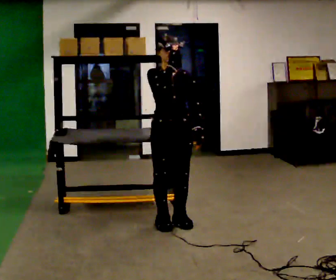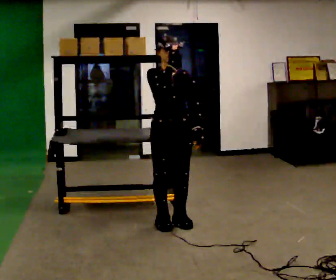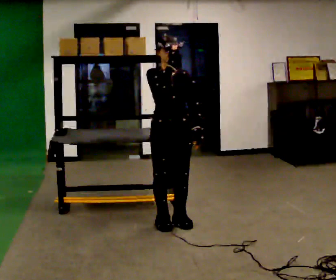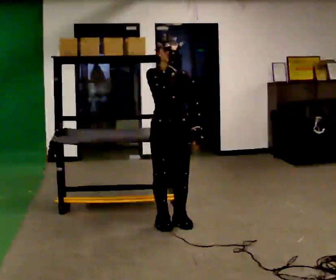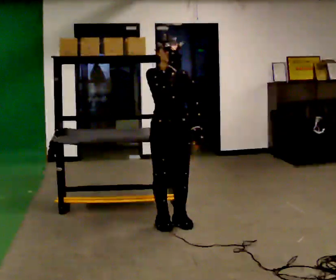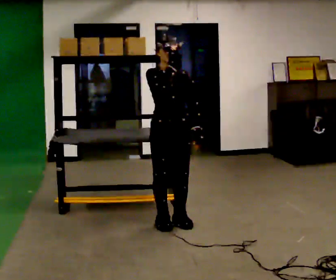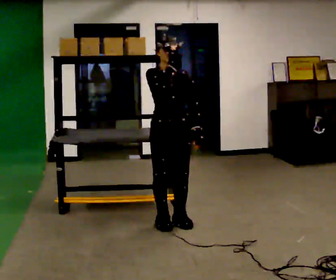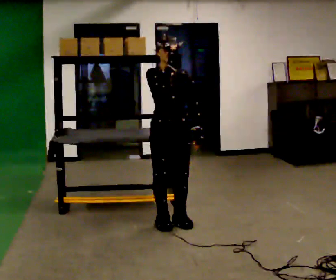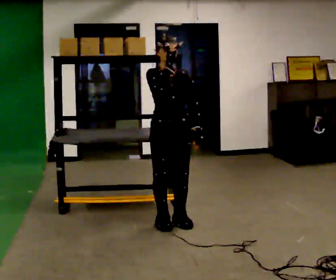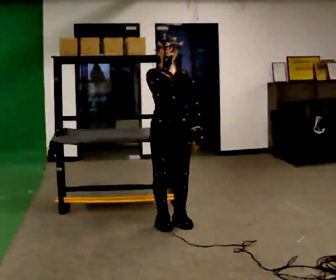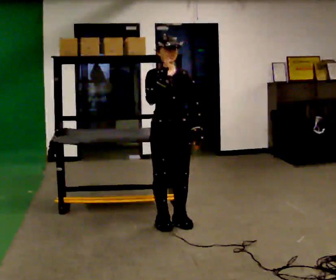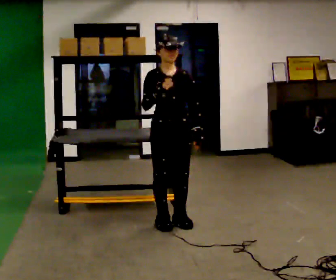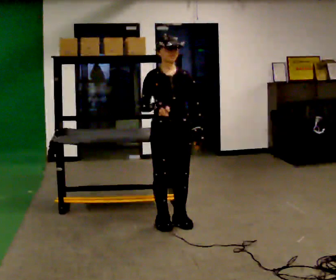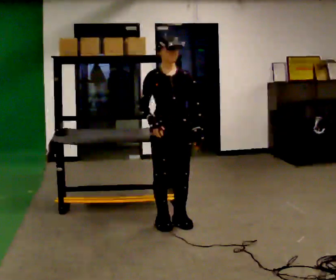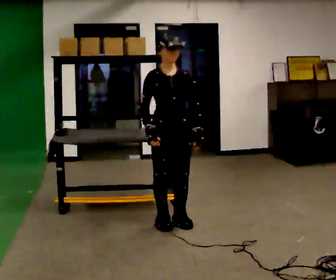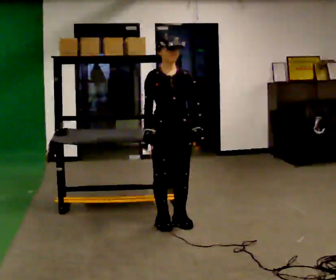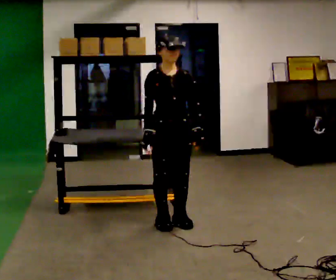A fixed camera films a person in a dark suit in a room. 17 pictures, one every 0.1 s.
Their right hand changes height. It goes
downward.
0.0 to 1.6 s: In the picture their right hand goes downward.
The film runs forward here.
